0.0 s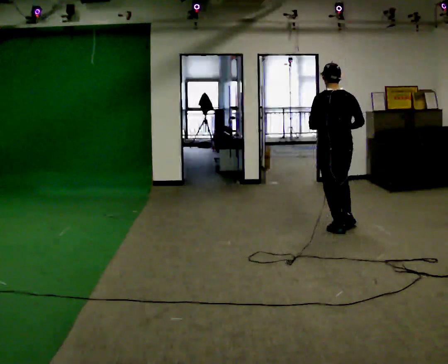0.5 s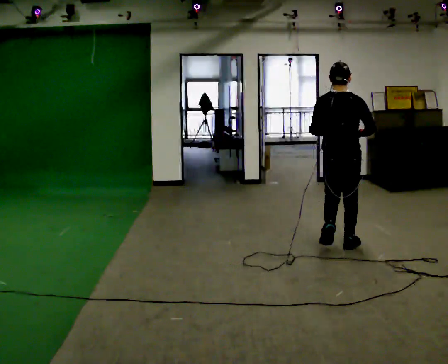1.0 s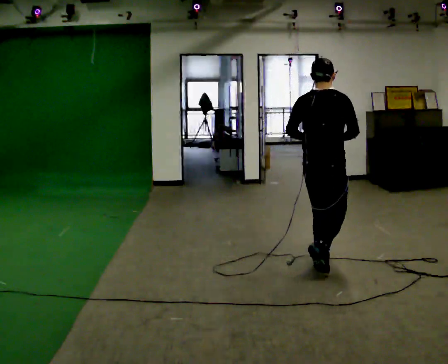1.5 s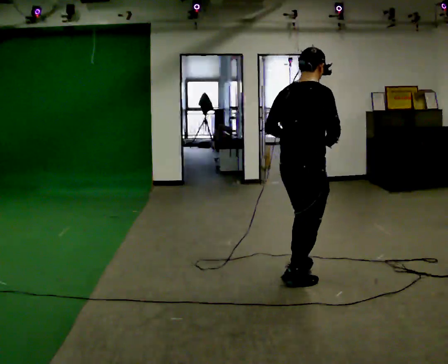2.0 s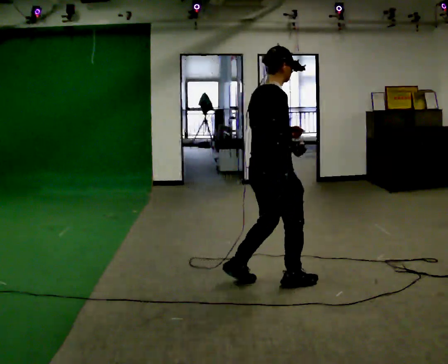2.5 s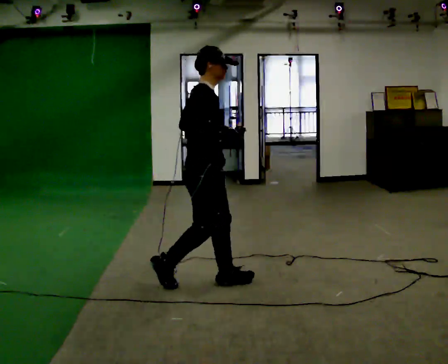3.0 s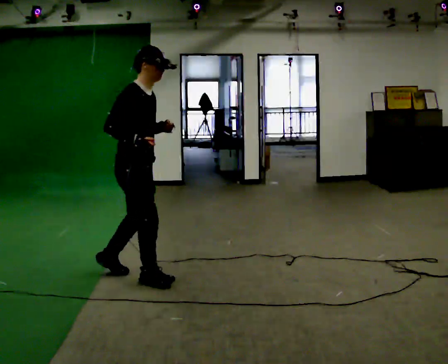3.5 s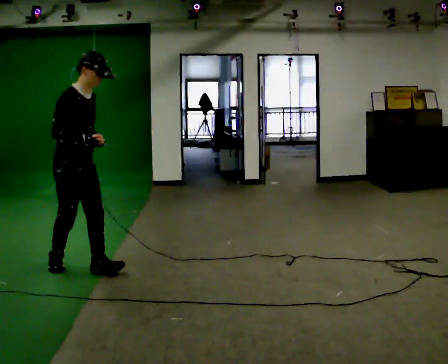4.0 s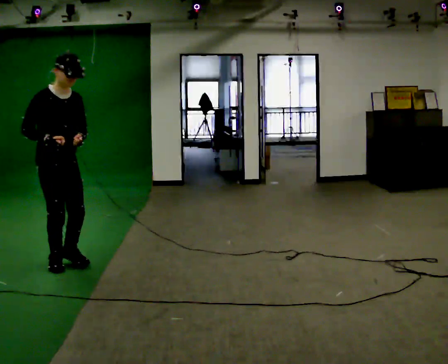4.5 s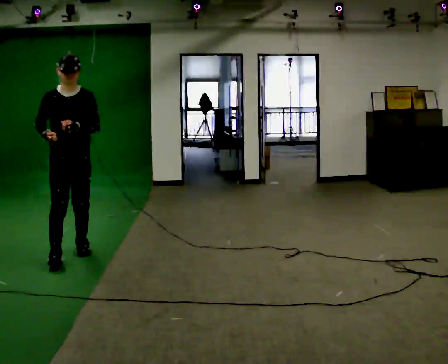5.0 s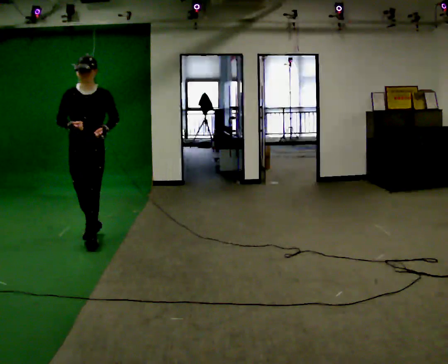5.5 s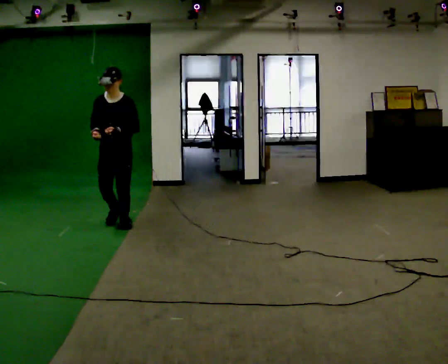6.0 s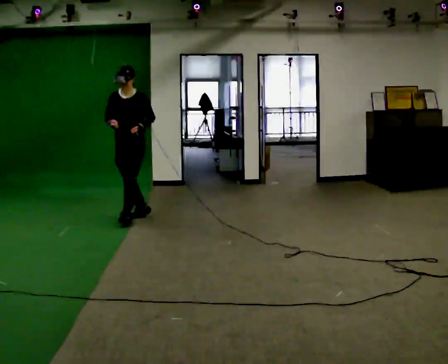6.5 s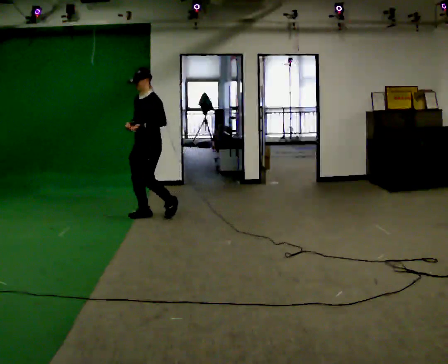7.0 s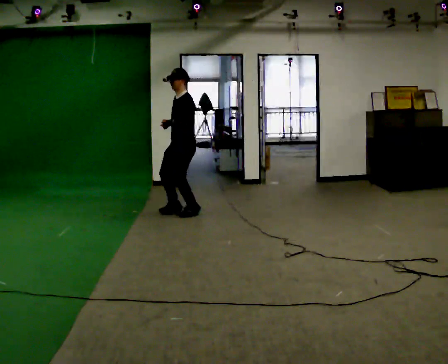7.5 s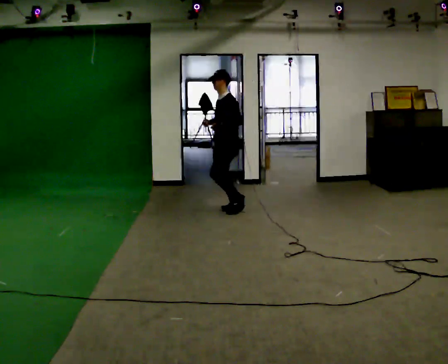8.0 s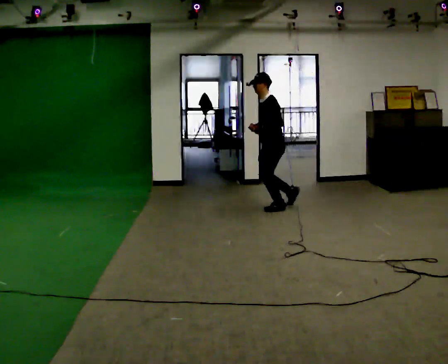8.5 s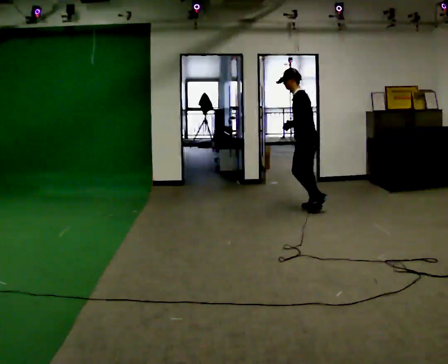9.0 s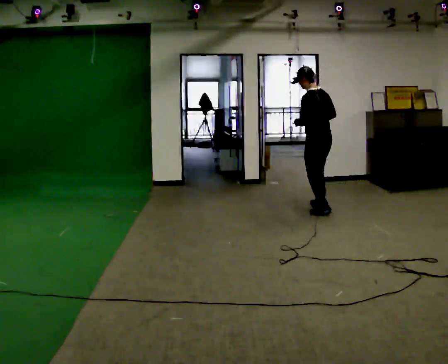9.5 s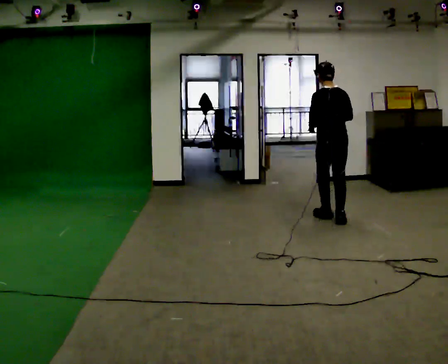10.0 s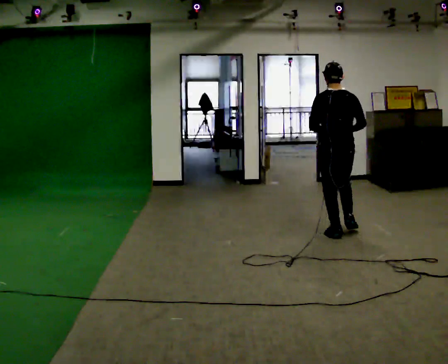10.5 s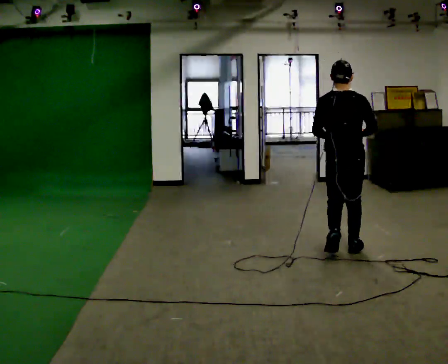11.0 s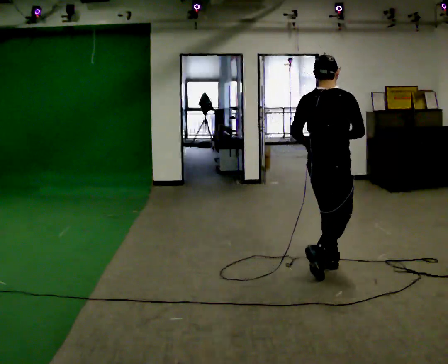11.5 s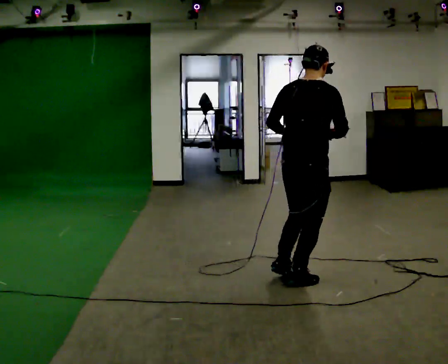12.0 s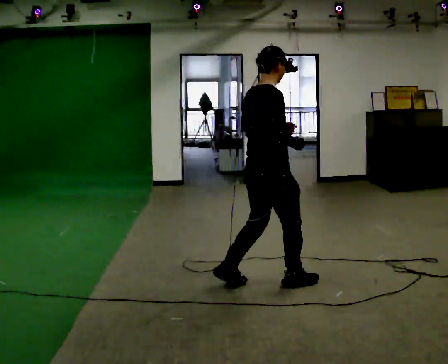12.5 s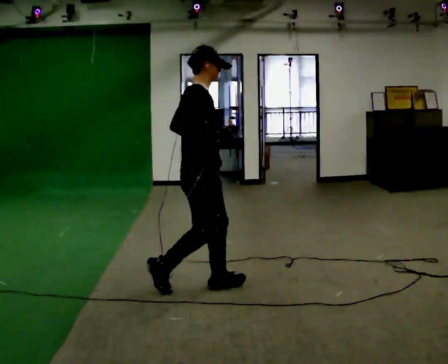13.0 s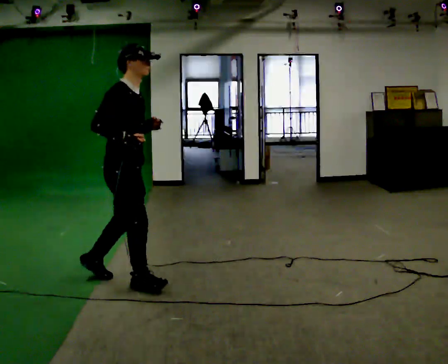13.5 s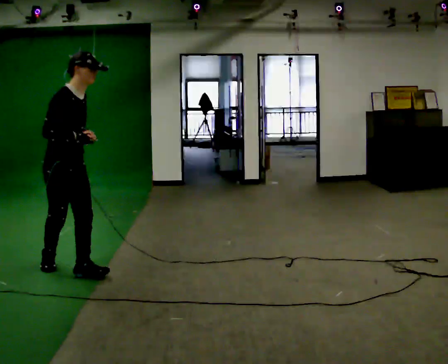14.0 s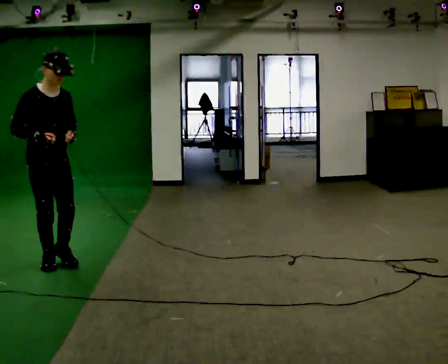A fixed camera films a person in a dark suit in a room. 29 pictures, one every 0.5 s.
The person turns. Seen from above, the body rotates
clockwise.
The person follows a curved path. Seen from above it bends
clockwise.
0.0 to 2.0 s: The person turns about 75 degrees to their right, clockwise seen from above, so the part of the body nearest the lens slides to the left. In the picture they go toward the camera and to the left, about 1.5 m in 3 steps.
2.0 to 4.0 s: The part of the body nearest the lens slides to the left as the person turns to their right by about 60 degrees. In the picture they go to the left, about 1.5 m in 4 steps.
4.0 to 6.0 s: Seen from above the body turns clockwise, about 75 degrees: to their right, with its near side sliding to the left. In the picture they go away from the camera, about 1.5 m in 4 steps.
6.0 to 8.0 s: Seen from above the body turns clockwise, about 60 degrees: to their right, with its near side sliding to the left. In the picture they go to the right, about 1.5 m in 3 steps.
8.0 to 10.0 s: The part of the body nearest the lens slides to the left as the person turns to their right by about 90 degrees. In the picture they go toward the camera, about 1.5 m in 4 steps.
10.0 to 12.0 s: The part of the body nearest the lens slides to the left as the person turns to their right by about 60 degrees. In the picture they go toward the camera and to the left, about 1.5 m in 3 steps, which for them is backward.
12.0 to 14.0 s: Seen from above the body turns clockwise, about 75 degrees: to their right, with its near side sliding to the left. In the picture they go to the left, about 1.5 m in 4 steps.
The film runs backward here.
